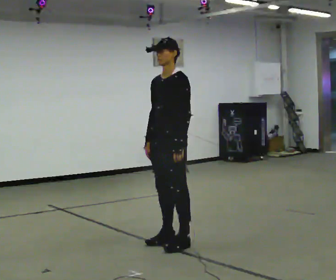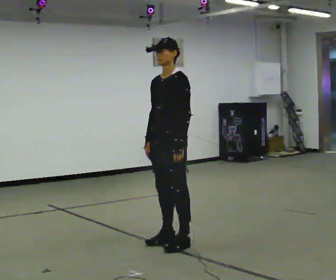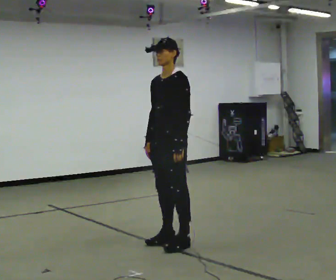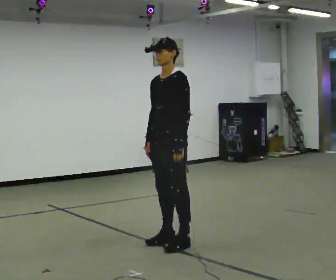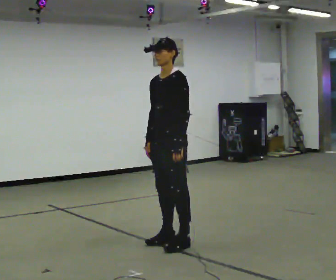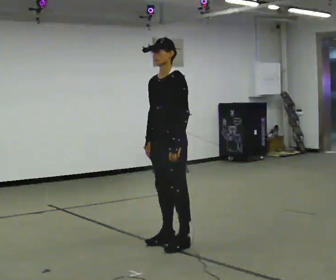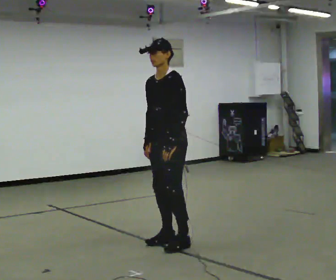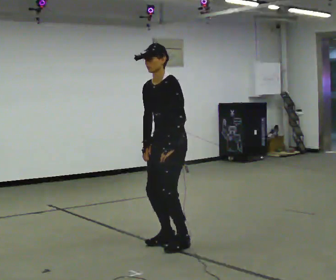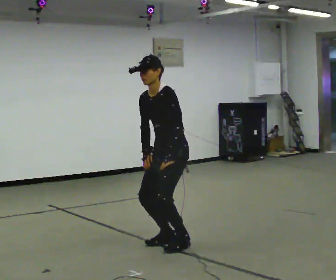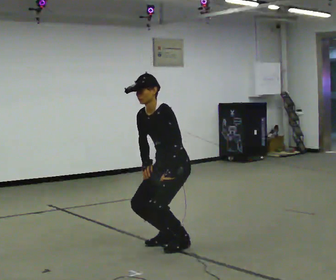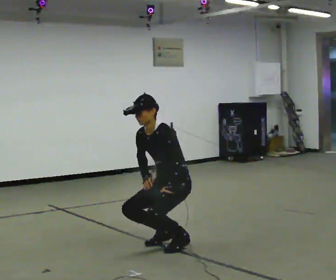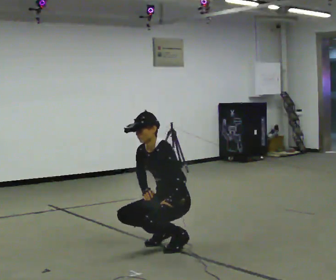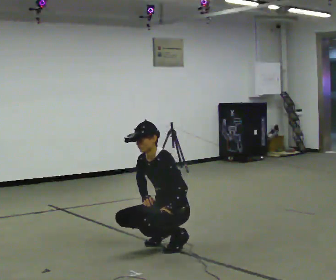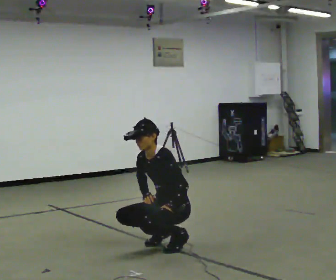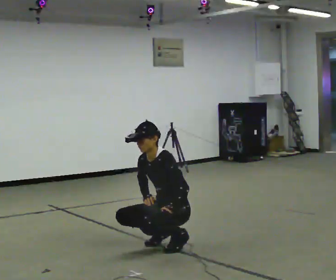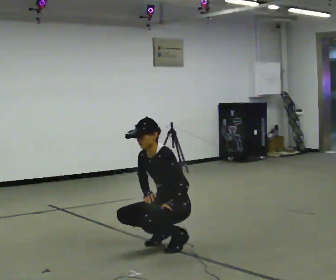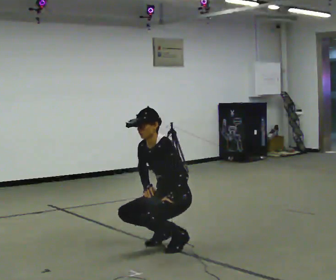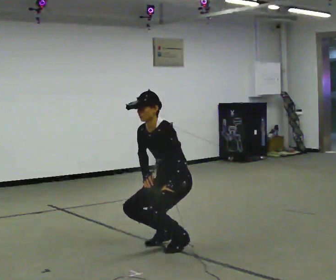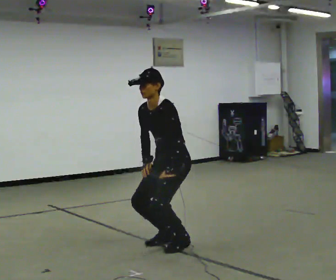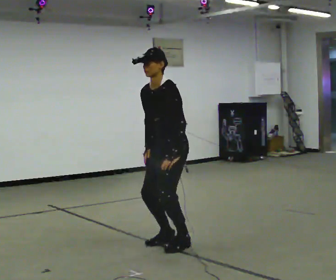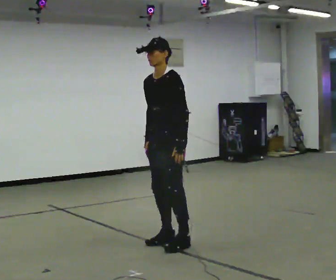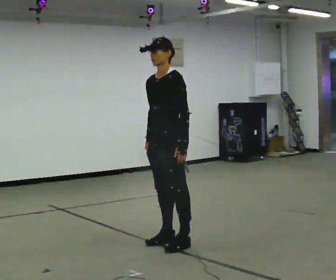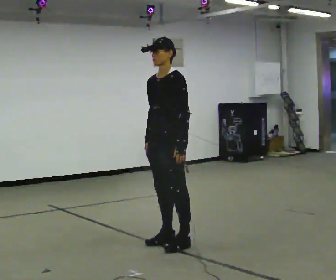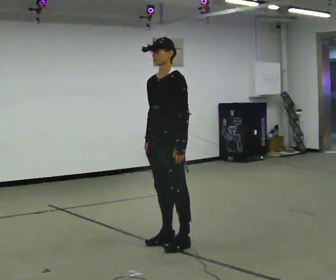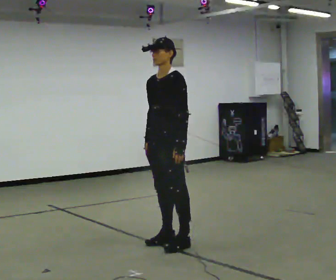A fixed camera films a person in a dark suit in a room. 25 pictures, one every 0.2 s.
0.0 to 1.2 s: The person moves a little, or ends about where they began.
1.2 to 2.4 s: The upper body goes downward. In the picture the upper body tilts counterclockwise, shoulders to the left, as they bend forward. In the picture their right hand goes downward.
2.4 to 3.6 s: The upper body goes upward. In the picture their left hand goes upward.
3.6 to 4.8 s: The shoulders move upward. In the picture the upper body tilts clockwise, shoulders to the right, as they lean back or straighten.
The film runs forward here.
